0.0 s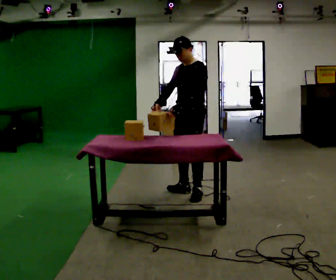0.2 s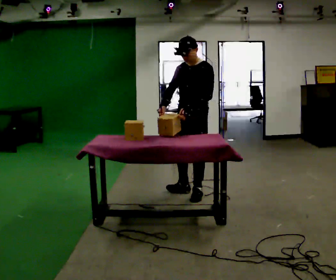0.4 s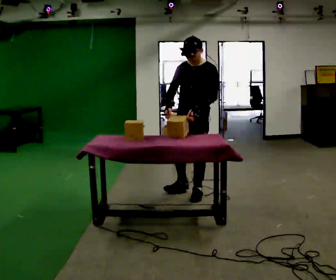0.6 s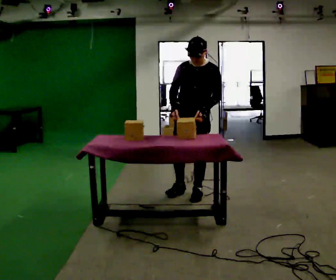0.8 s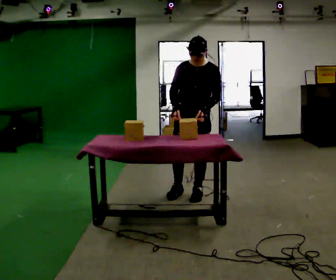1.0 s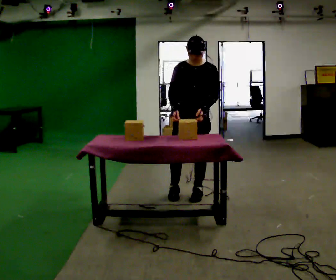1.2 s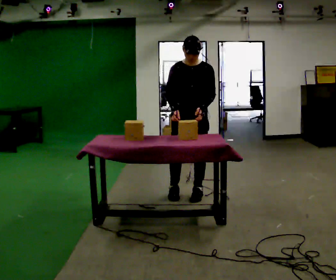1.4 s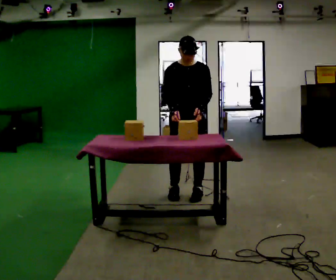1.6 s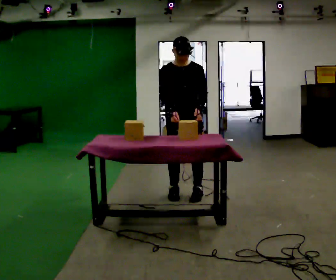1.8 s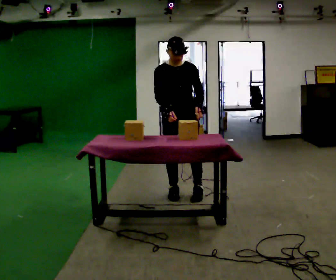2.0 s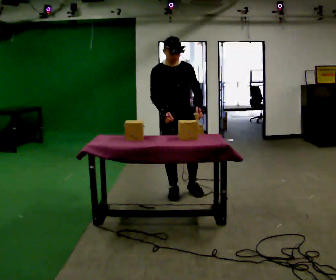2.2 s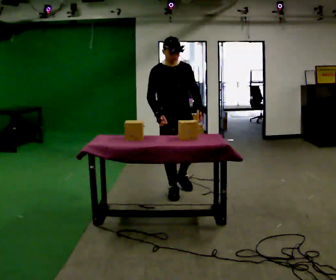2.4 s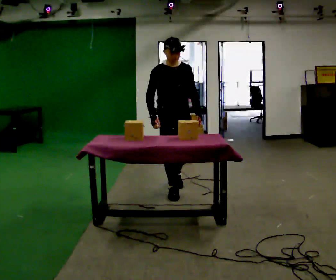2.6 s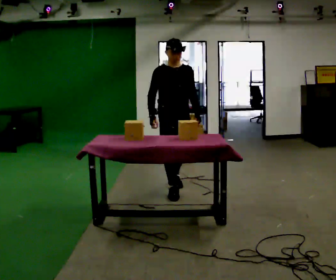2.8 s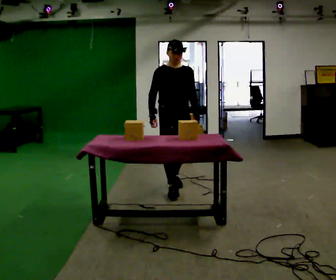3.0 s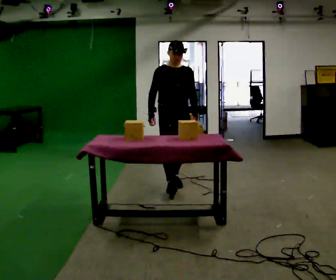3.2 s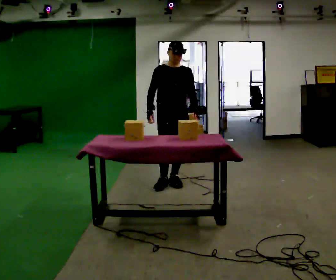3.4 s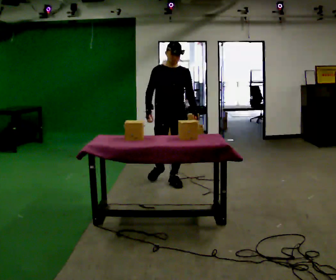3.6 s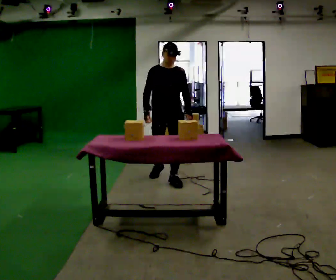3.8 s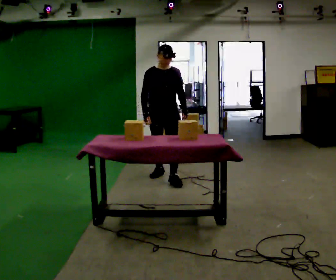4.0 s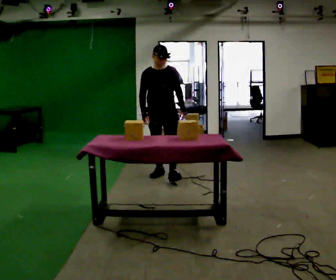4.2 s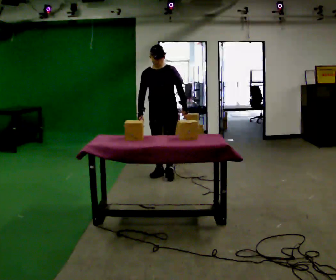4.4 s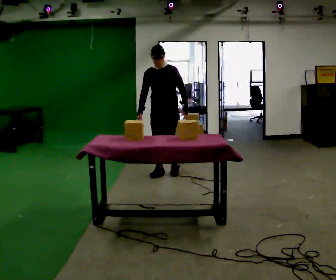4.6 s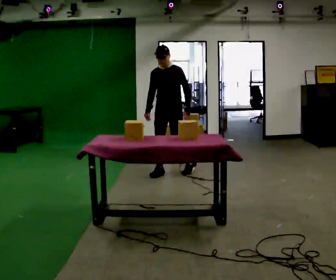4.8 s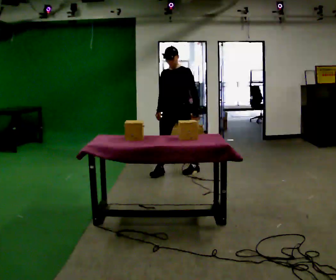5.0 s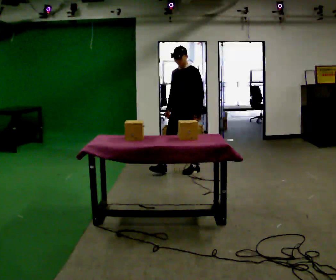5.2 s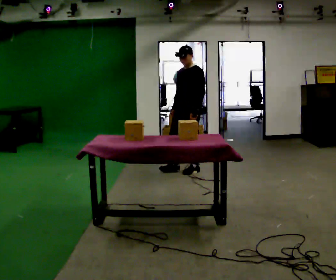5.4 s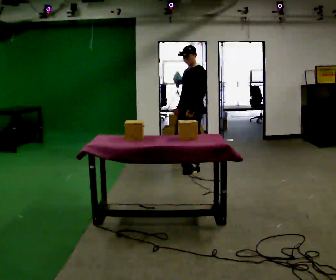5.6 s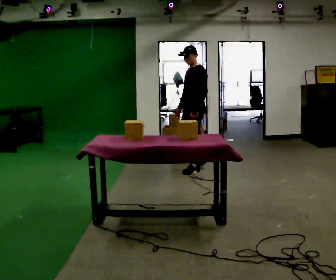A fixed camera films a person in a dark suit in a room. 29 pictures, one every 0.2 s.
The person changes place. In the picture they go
away from the camera.
The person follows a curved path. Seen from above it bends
clockwise.
0.0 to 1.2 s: Seen from above the body turns counterclockwise, about 45 degrees: to their left, with its near side sliding to the right.
1.2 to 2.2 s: The part of the body nearest the lens slides to the right as the person turns to their left by about 30 degrees. In the picture they go to the left, about 0.25 m in 1 step, which for them is to their right.
2.2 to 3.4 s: In the picture they go away from the camera, about 0.5 m in 1 step, which for them is backward.
3.4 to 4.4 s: The part of the body nearest the lens slides to the left as the person turns to their right by about 30 degrees. In the picture they go away from the camera, about 0.5 m in 1 step, which for them is backward.
4.4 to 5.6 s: The part of the body nearest the lens slides to the left as the person turns to their right by about 60 degrees. In the picture they go to the right and away from the camera, about 0.5 m in 1 step, which for them is backward and to their left.
The film runs backward here.
